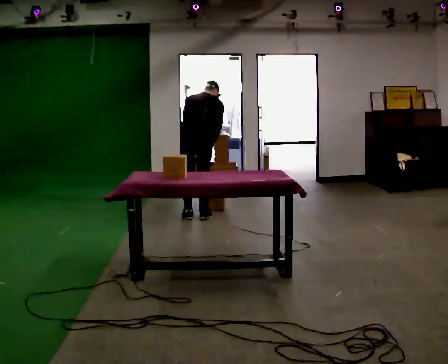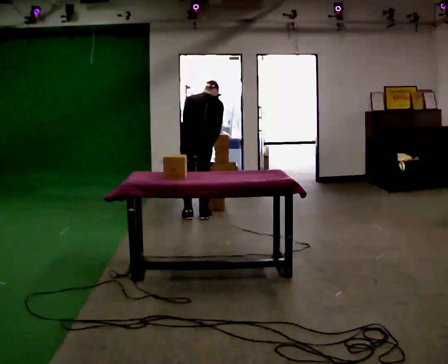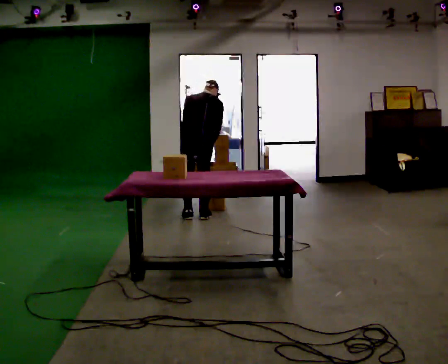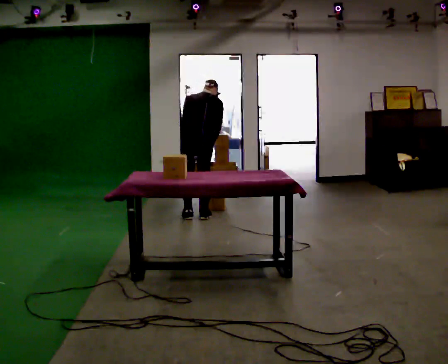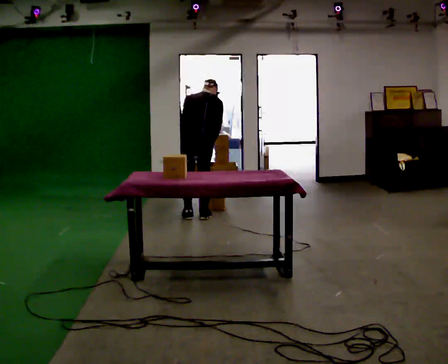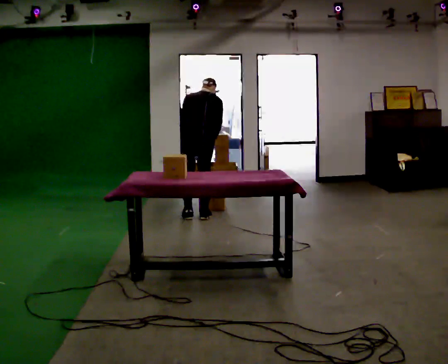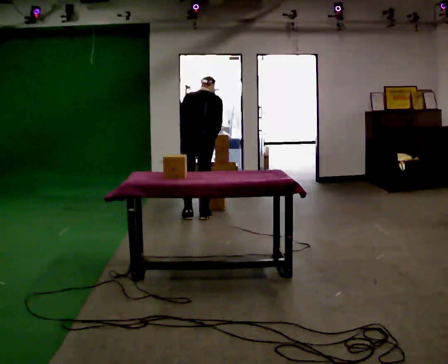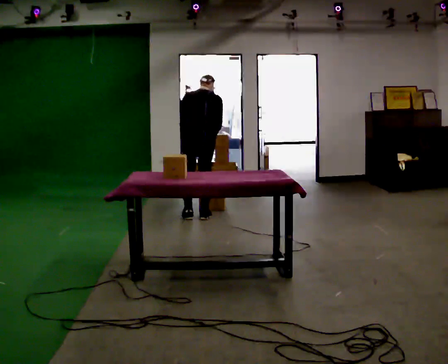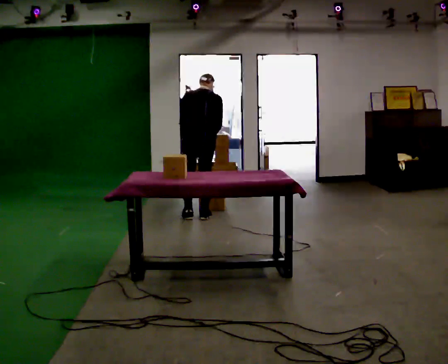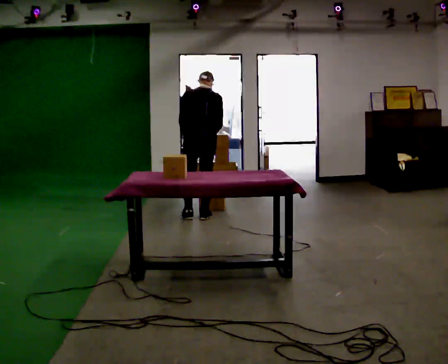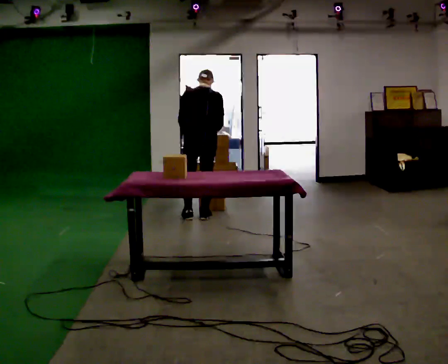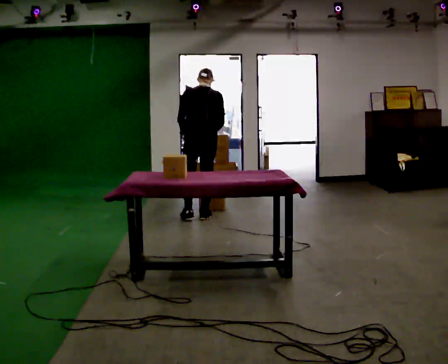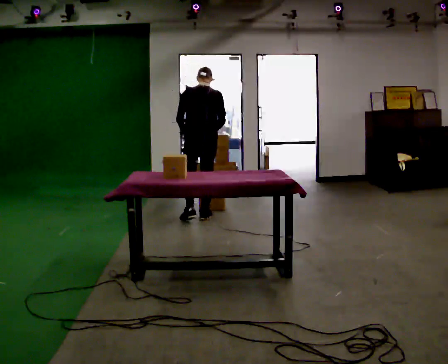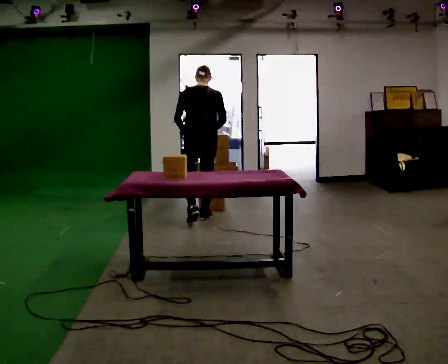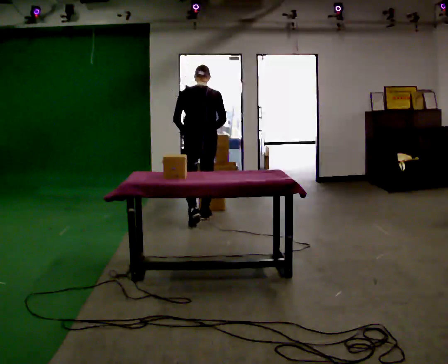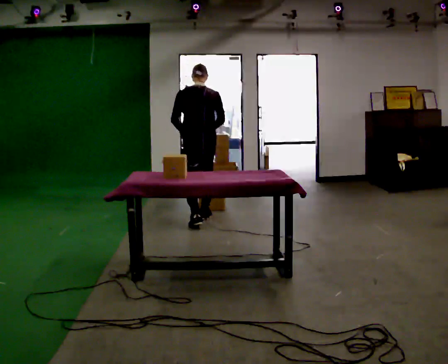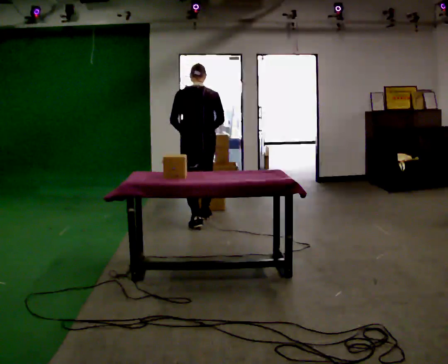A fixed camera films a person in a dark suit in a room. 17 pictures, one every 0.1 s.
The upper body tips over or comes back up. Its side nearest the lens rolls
downward.
0.0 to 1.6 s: In the picture they go toward the camera, about 0.25 m in 1 step, which for them is backward. The upper body tips toward the camera, its near side rolling downward, as they lean back or straighten.
The film runs backward here.
